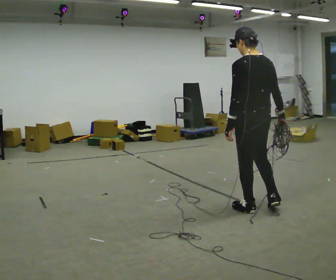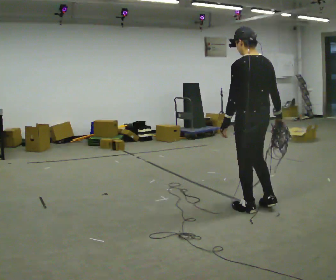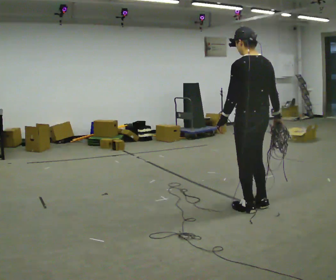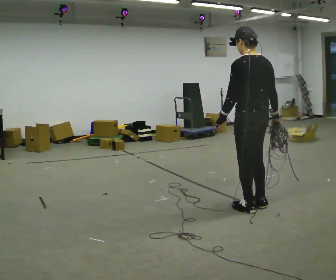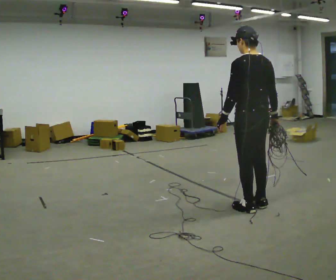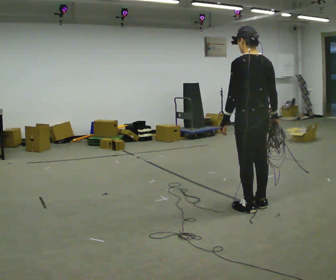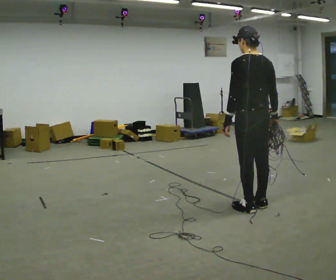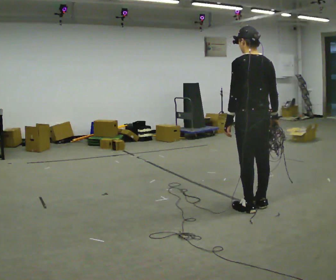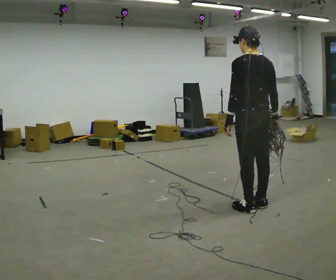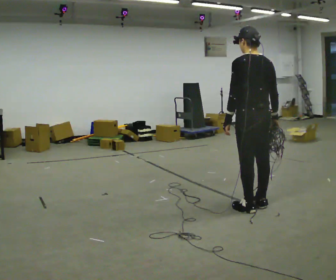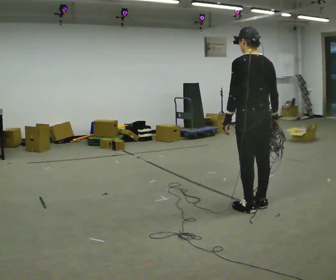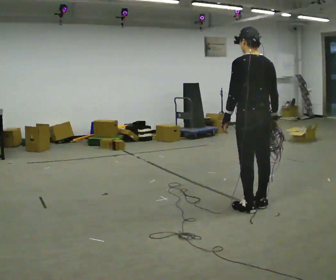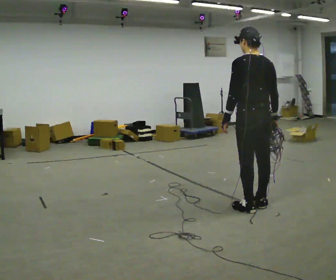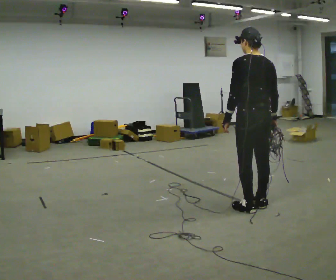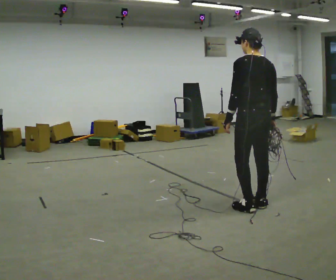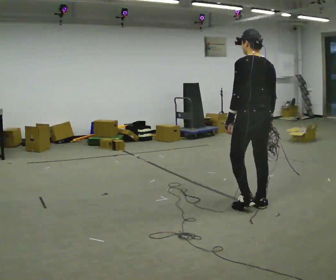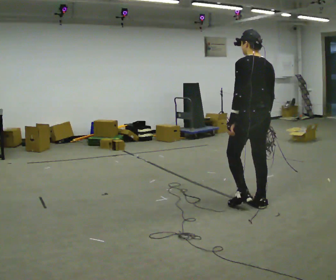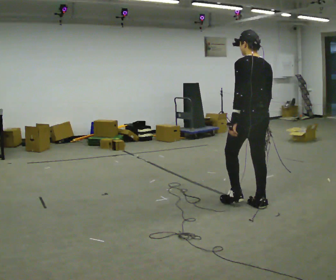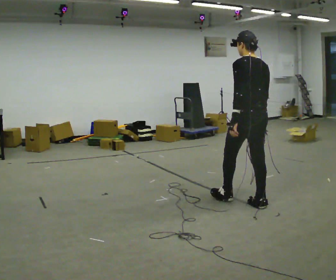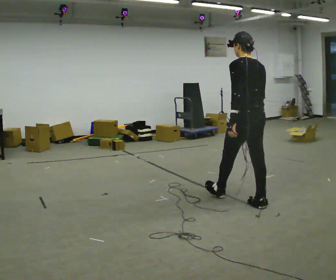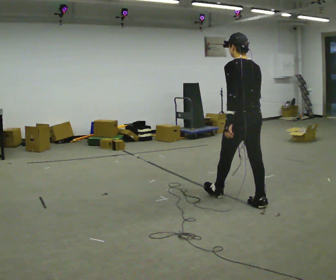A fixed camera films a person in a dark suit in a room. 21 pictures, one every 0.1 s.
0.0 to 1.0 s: The person moves a little, or ends about where they began.
1.0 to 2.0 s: In the picture they go away from the camera, about 0.25 m in 1 step, which for them is forward.
The film runs forward here.
